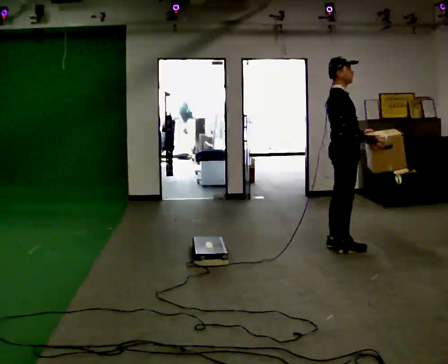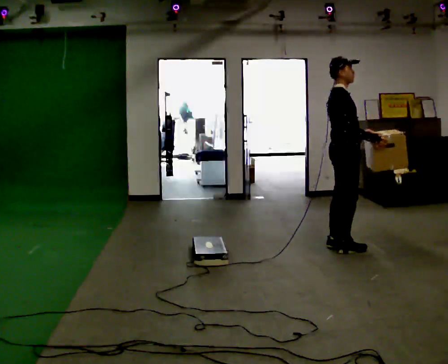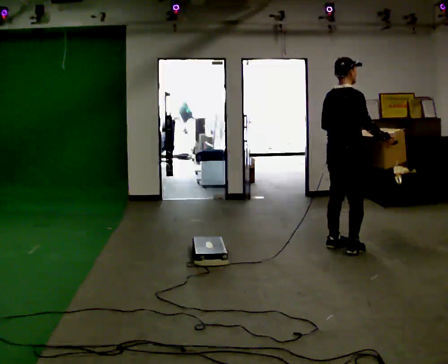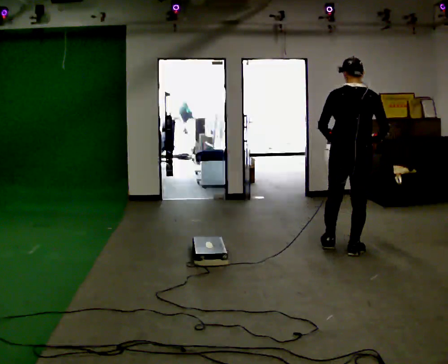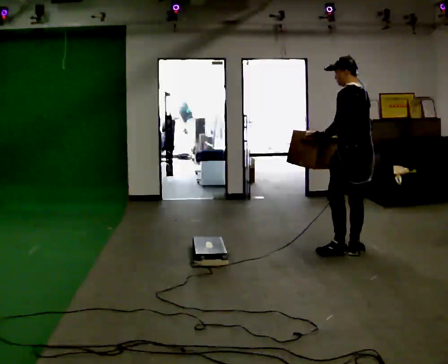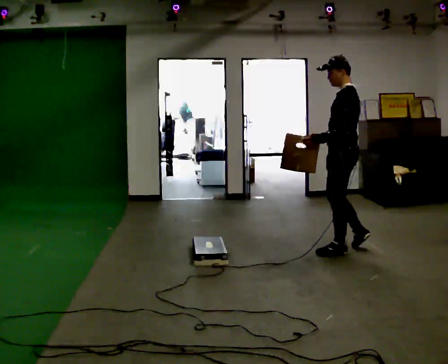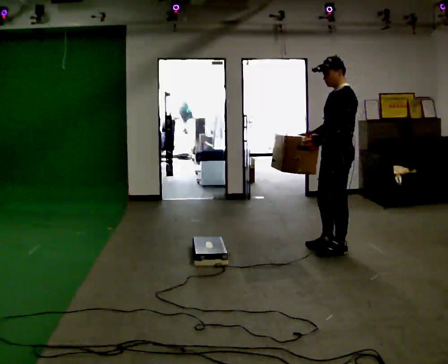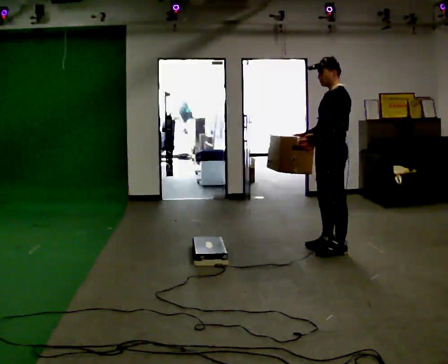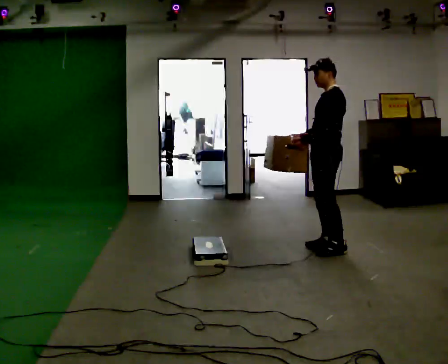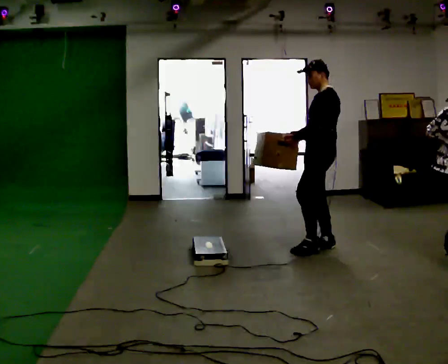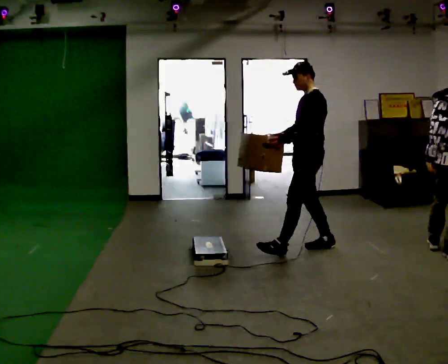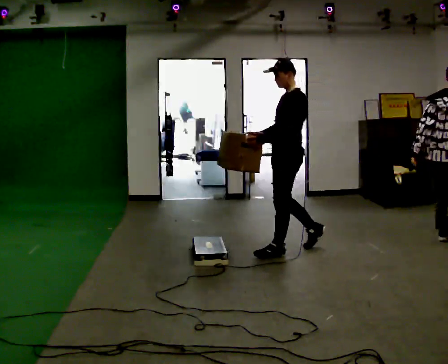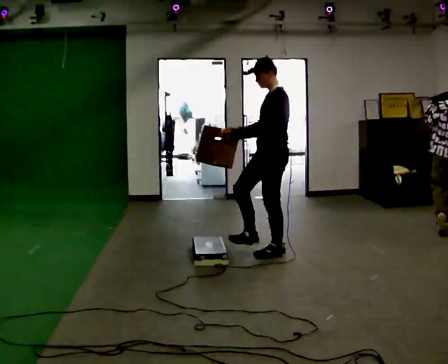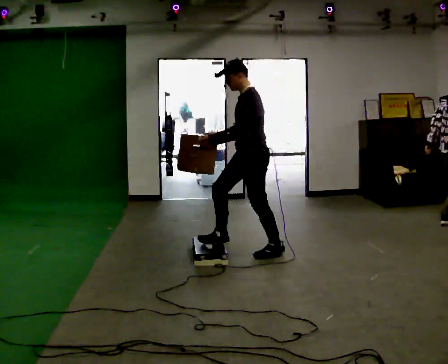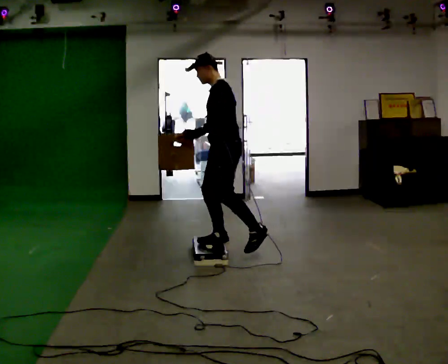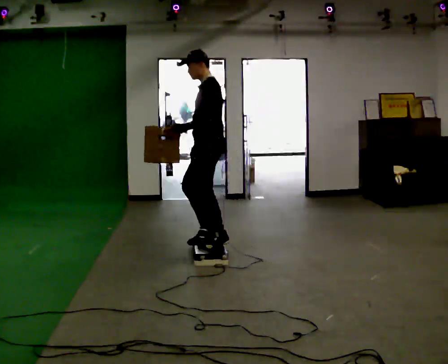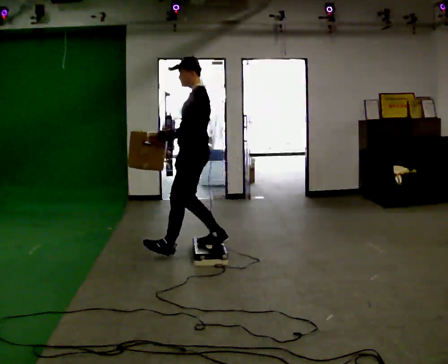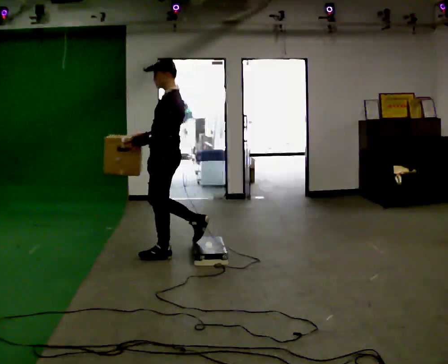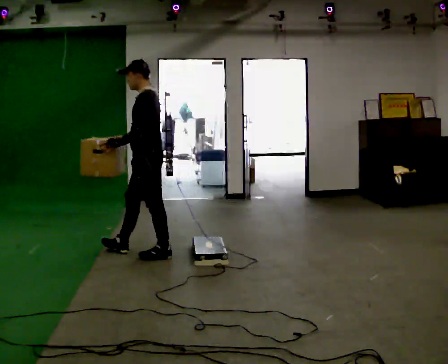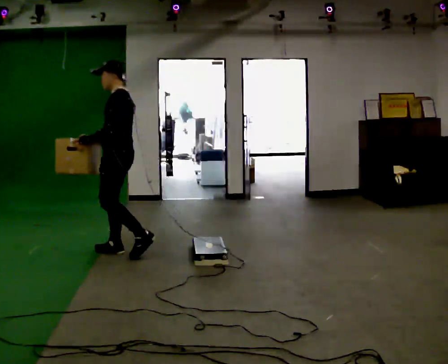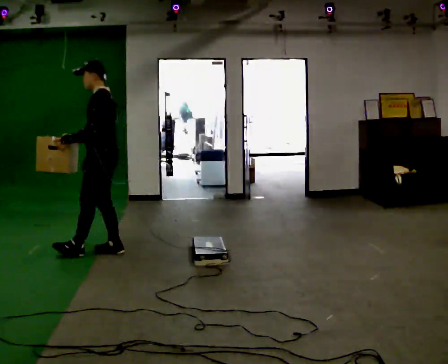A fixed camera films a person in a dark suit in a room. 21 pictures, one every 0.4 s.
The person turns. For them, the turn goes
to their left.
The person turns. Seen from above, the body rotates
counterclockwise.
0.0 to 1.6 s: The person turns about 135 degrees to their left, counterclockwise seen from above, so the part of the body nearest the lens slides to the right. In the picture they go toward the camera, about 0.25 m in 2 steps.
1.6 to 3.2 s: The person turns about 45 degrees to their left, counterclockwise seen from above, so the part of the body nearest the lens slides to the right. In the picture they go to the left and away from the camera, about 0.25 m in 1 step, which for them is to their right and forward.
3.2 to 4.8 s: In the picture they go to the left and toward the camera, about 0.5 m in 1 step, which for them is forward.
4.8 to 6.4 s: In the picture they go to the left, about 0.75 m in 1 step, which for them is forward.
6.4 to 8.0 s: In the picture they go to the left, about 1 m in 2 steps, which for them is forward.
The film runs forward here.
